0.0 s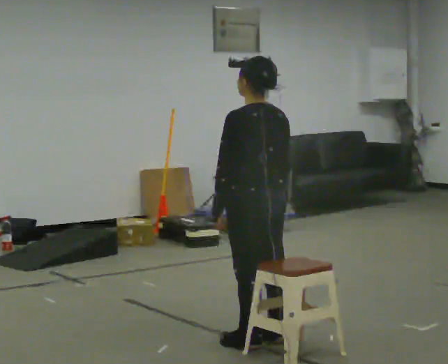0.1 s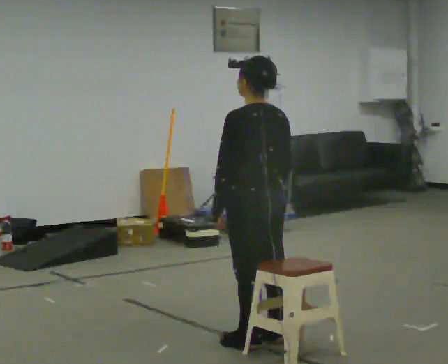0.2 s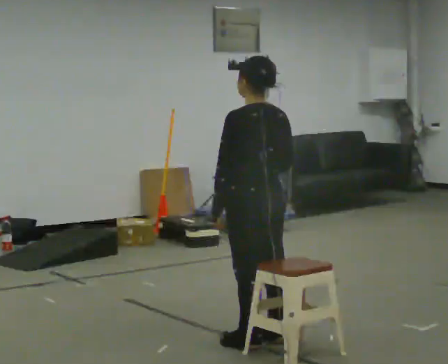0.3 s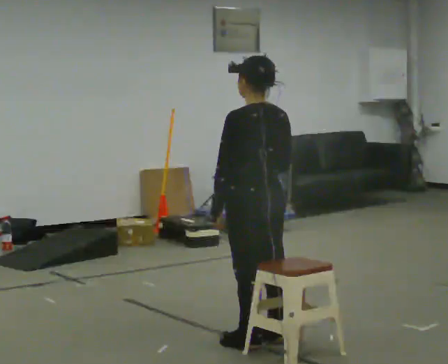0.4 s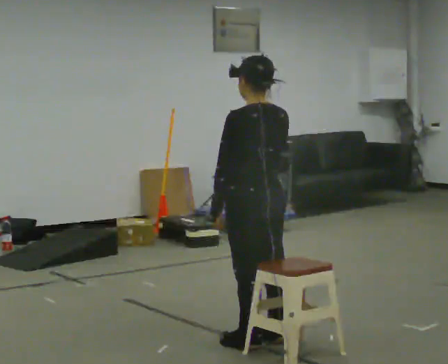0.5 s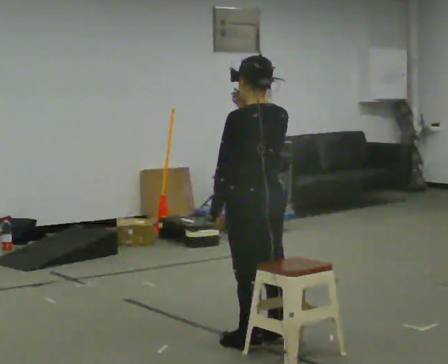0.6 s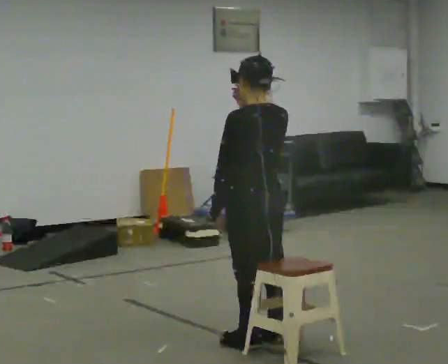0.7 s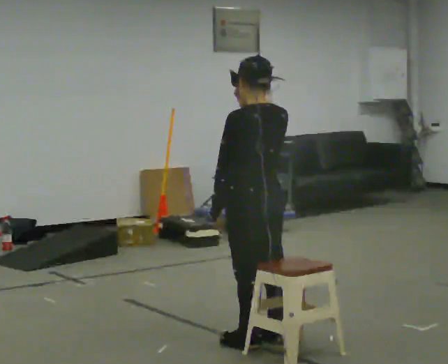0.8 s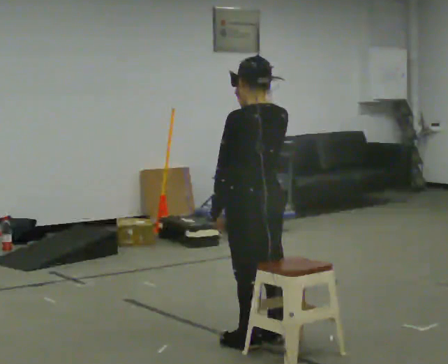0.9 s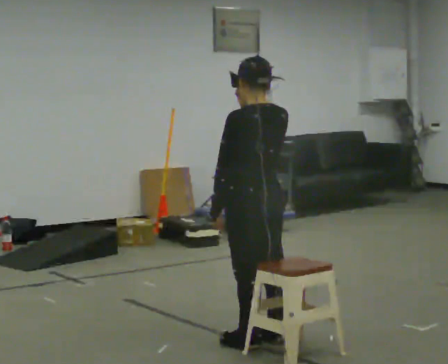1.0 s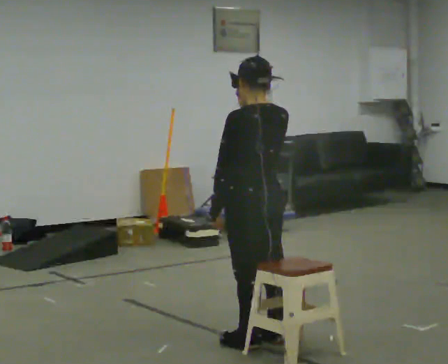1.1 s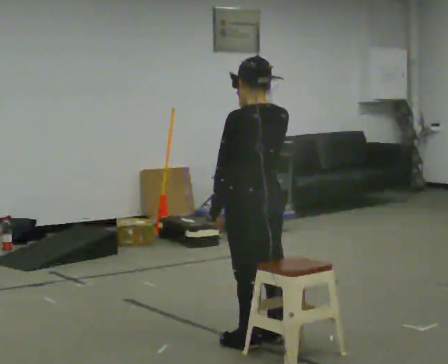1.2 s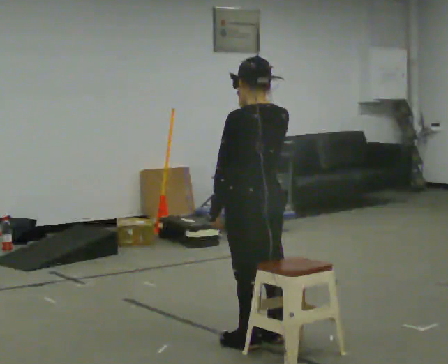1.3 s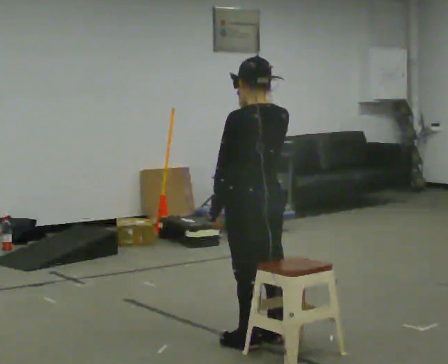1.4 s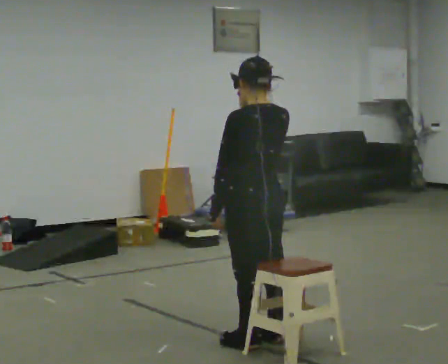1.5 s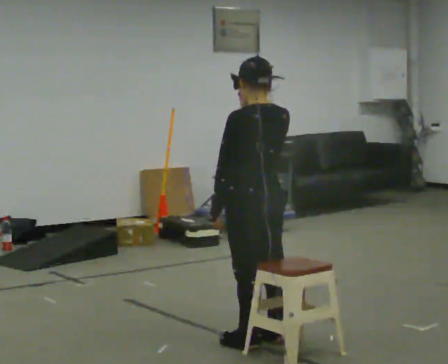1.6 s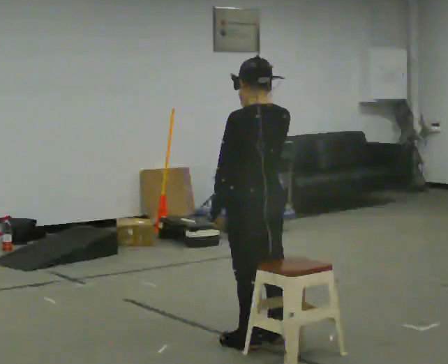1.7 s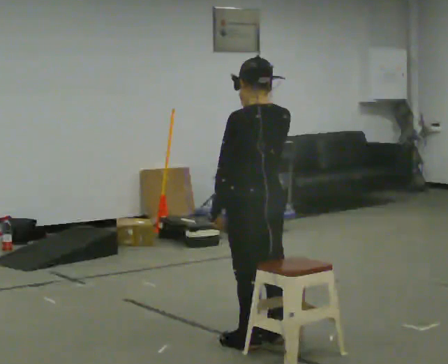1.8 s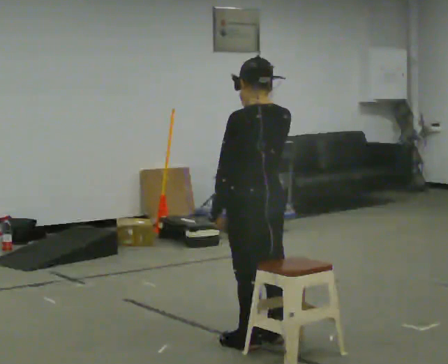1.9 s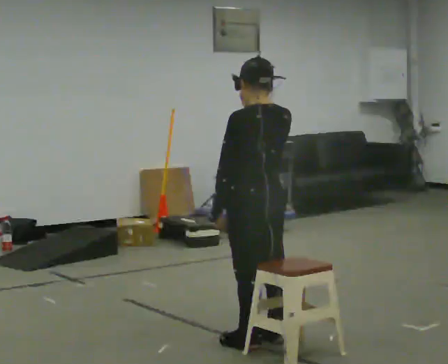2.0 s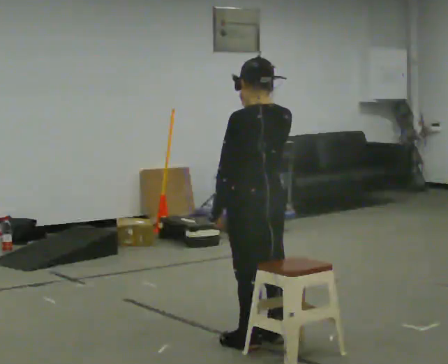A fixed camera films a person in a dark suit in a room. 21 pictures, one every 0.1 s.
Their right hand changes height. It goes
upward.
0.0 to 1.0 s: In the picture their right hand goes upward.
1.0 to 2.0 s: The person keeps their place and pose.
The film runs forward here.
